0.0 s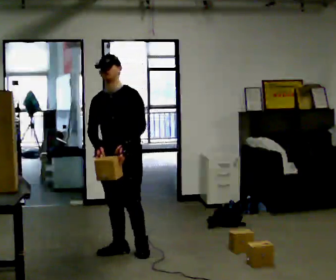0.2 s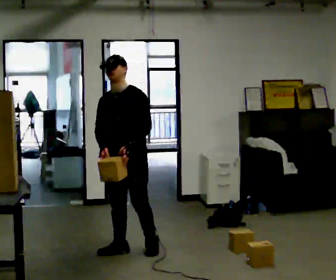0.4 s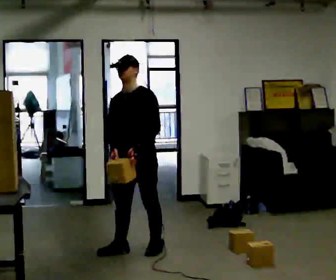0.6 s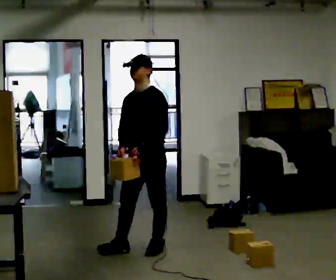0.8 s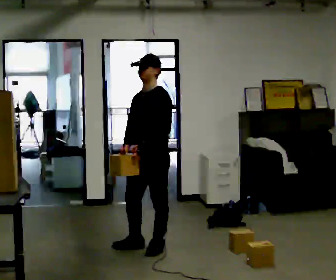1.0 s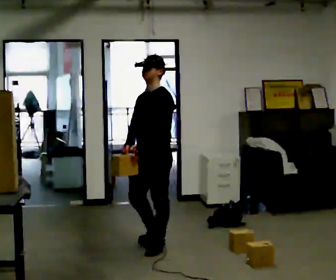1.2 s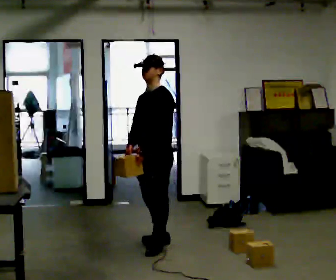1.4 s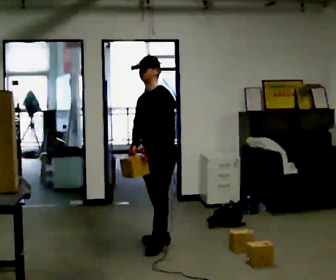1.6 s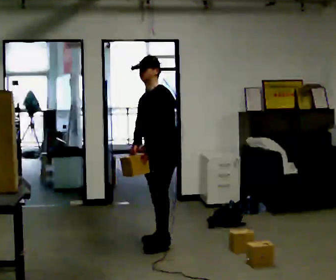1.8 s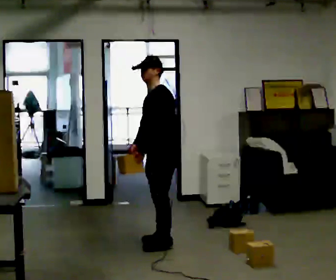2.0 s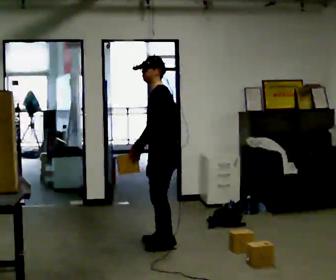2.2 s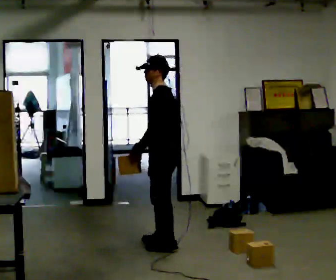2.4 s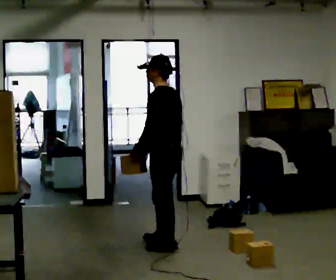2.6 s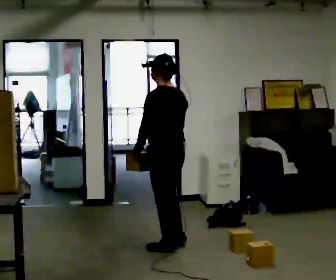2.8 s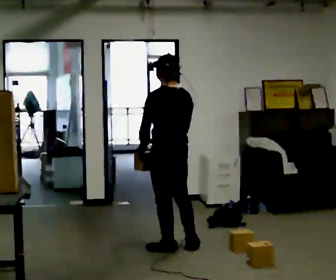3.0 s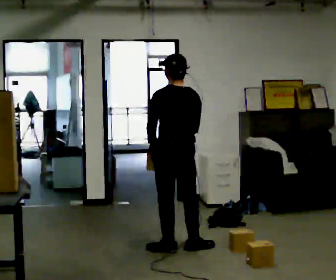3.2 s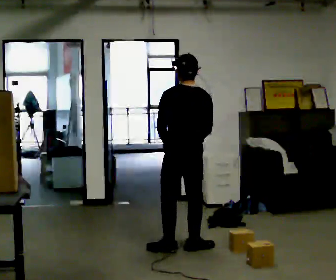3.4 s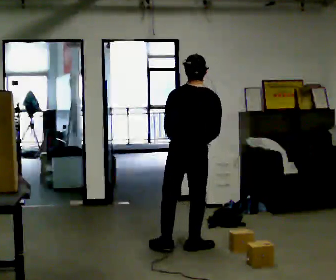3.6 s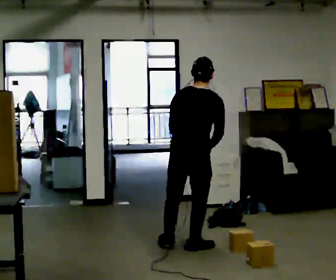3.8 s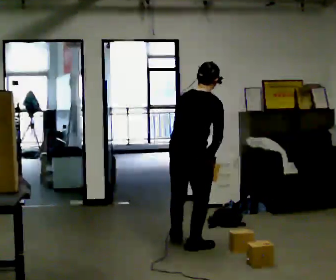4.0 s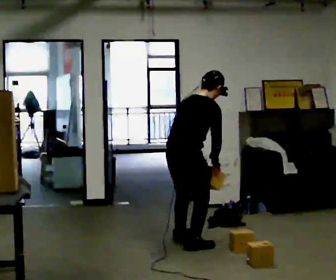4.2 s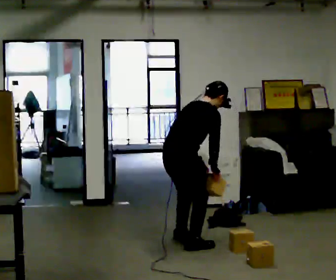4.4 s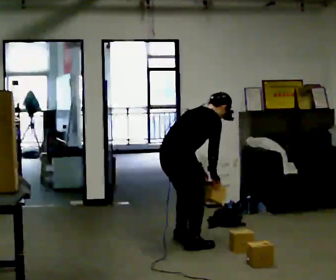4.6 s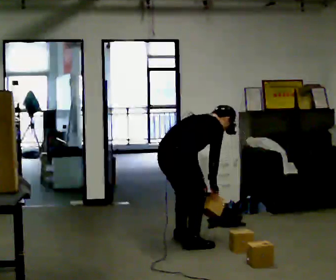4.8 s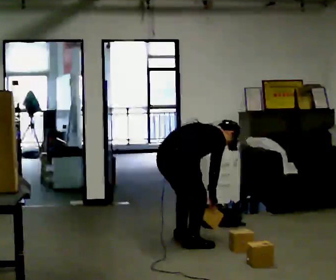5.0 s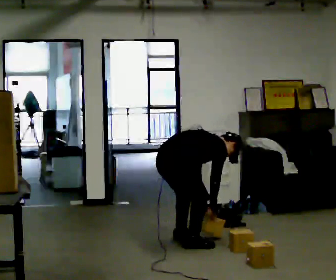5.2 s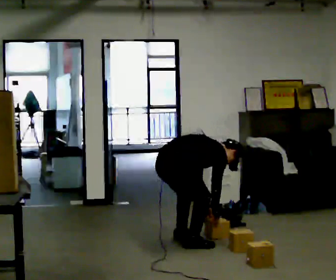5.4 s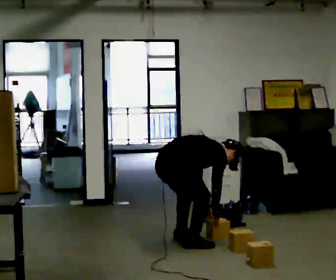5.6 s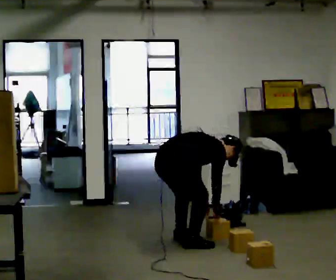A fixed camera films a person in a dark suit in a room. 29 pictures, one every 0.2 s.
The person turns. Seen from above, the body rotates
clockwise.
The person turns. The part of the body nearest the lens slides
to the left.
0.0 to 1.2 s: The part of the body nearest the lens slides to the left as the person turns to their right by about 45 degrees. In the picture they go to the right, about 0.25 m in 1 step, which for them is backward and to their left.
1.2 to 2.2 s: The part of the body nearest the lens slides to the left as the person turns to their right by about 30 degrees.
2.2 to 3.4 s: The person turns about 75 degrees to their right, clockwise seen from above, so the part of the body nearest the lens slides to the left. In the picture they go to the right and toward the camera, about 0.25 m in 1 step.
3.4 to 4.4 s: The person turns about 60 degrees to their right, clockwise seen from above, so the part of the body nearest the lens slides to the left. The upper body goes downward. In the picture the upper body tilts clockwise, shoulders to the right, as they bend forward.
4.4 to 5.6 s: The shoulders move downward. In the picture the upper body tilts clockwise, shoulders to the right, as they bend forward. In the picture their right hand goes downward.
The film runs backward here.
